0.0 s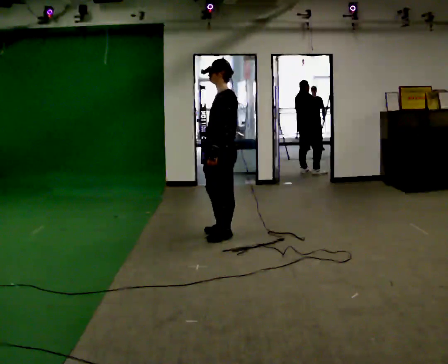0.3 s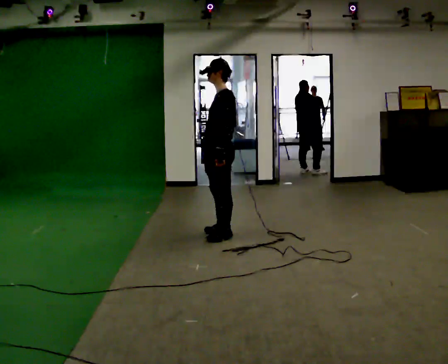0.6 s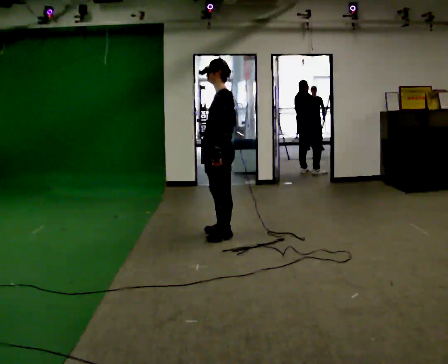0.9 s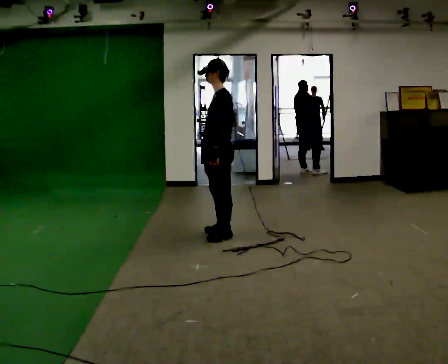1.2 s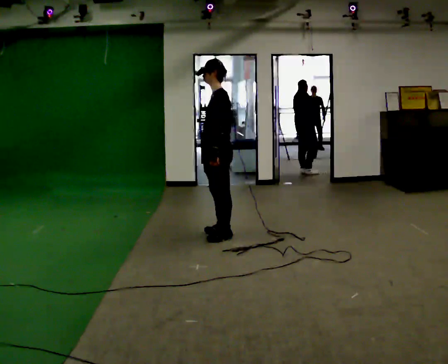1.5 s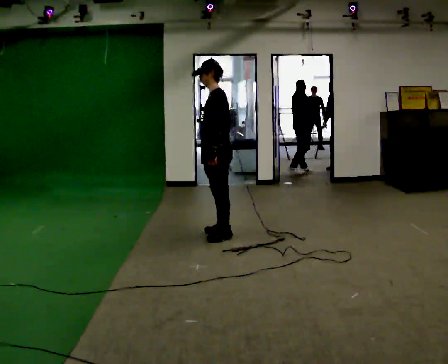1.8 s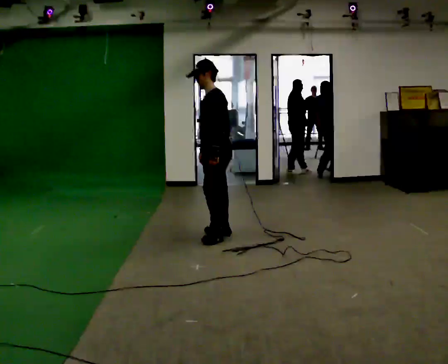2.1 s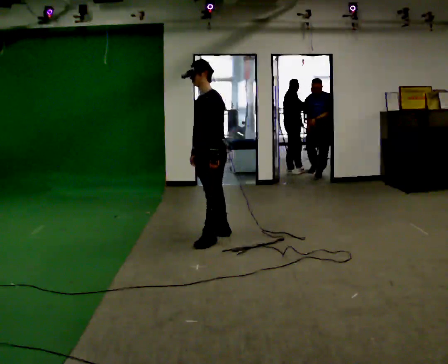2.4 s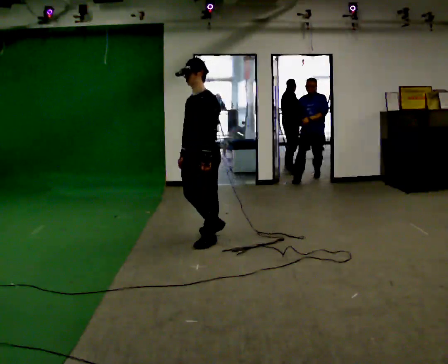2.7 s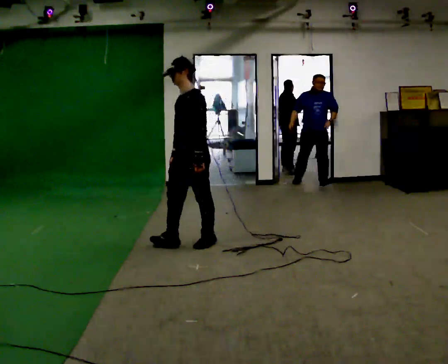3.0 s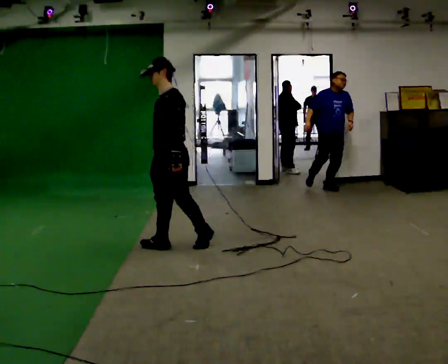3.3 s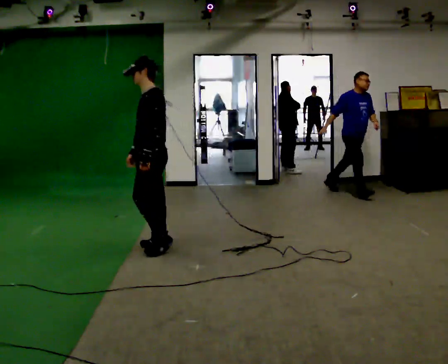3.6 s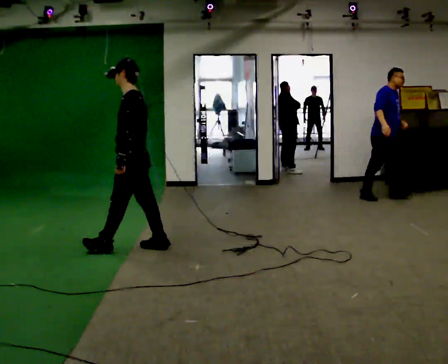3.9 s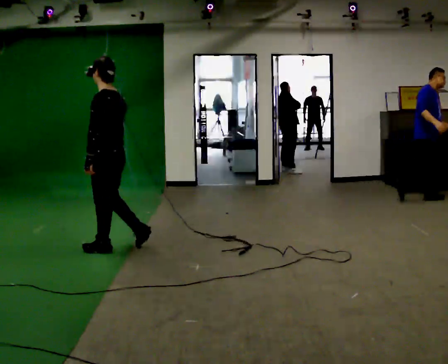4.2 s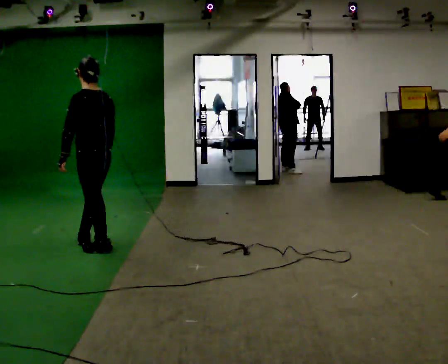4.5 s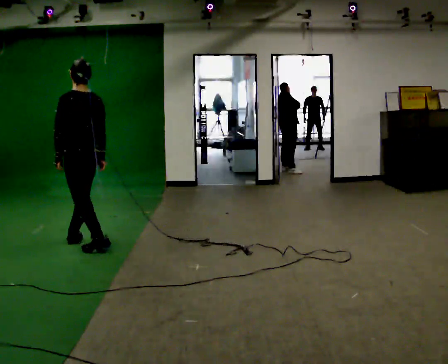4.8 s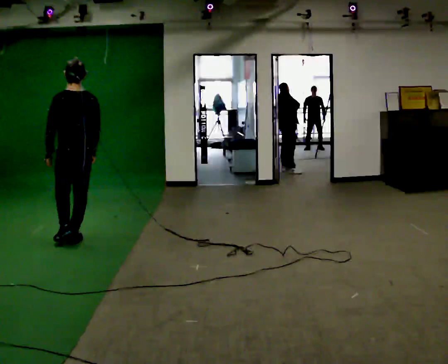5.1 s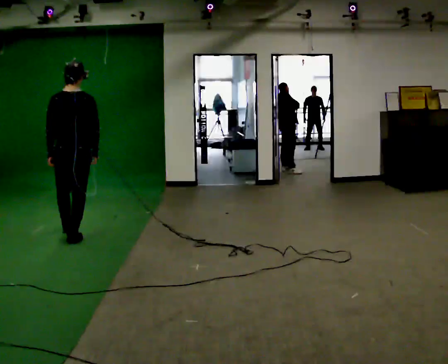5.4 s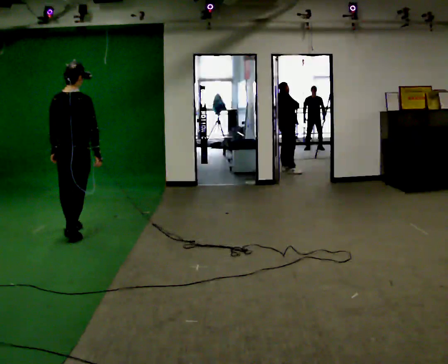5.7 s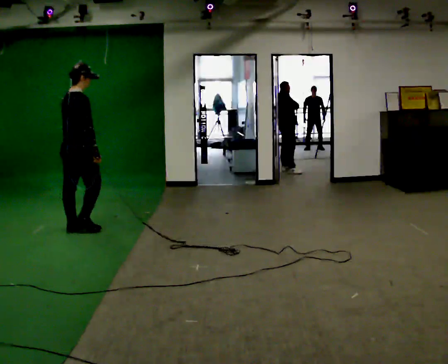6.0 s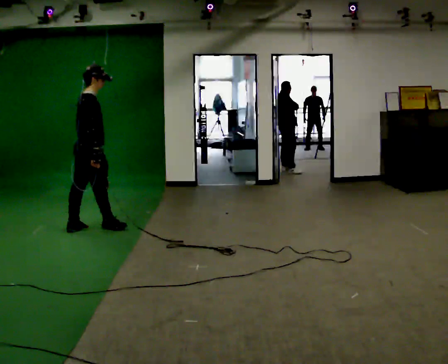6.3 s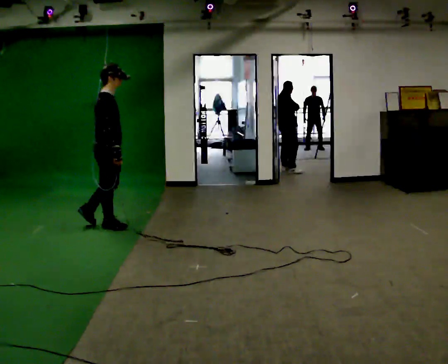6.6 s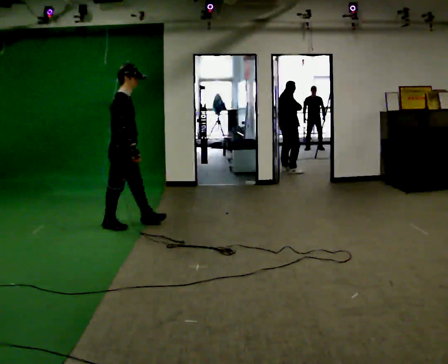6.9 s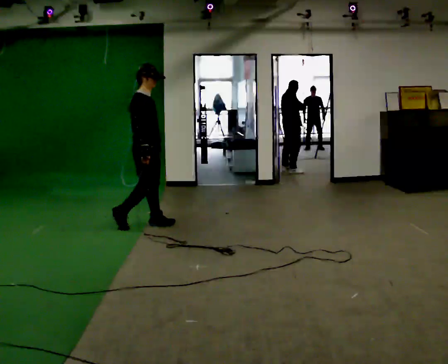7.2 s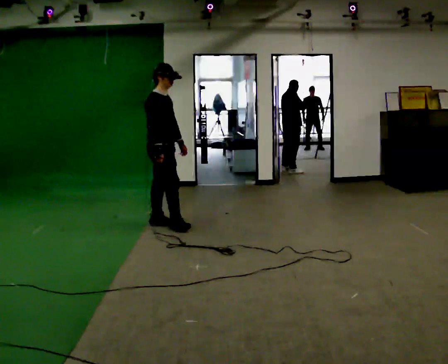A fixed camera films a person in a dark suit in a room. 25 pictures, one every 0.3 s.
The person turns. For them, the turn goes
to their right.
The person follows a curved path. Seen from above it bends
clockwise.
0.0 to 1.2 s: The person moves a little, or ends about where they began.
1.2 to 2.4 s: Seen from above the body turns counterclockwise, about 30 degrees: to their left, with its near side sliding to the right. In the picture they go toward the camera and to the left, about 0.25 m in 1 step, which for them is forward and to their left.
2.4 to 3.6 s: The person turns about 30 degrees to their right, clockwise seen from above, so the part of the body nearest the lens slides to the left. In the picture they go to the left, about 0.75 m in 2 steps, which for them is forward.
3.6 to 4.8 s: Seen from above the body turns clockwise, about 60 degrees: to their right, with its near side sliding to the left. In the picture they go to the left, about 0.5 m in 1 step, which for them is forward.
4.8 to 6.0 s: Seen from above the body turns clockwise, about 90 degrees: to their right, with its near side sliding to the left. In the picture they go away from the camera, about 0.5 m in 2 steps.
6.0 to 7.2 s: The part of the body nearest the lens slides to the left as the person turns to their right by about 45 degrees. In the picture they go to the right, about 0.5 m in 1 step, which for them is forward.
The film runs forward here.
